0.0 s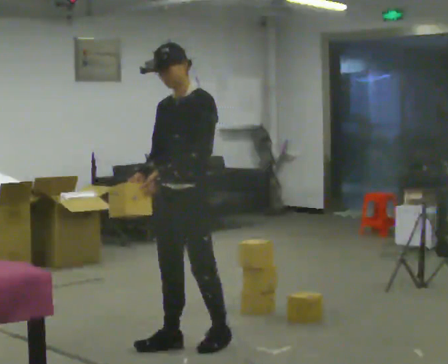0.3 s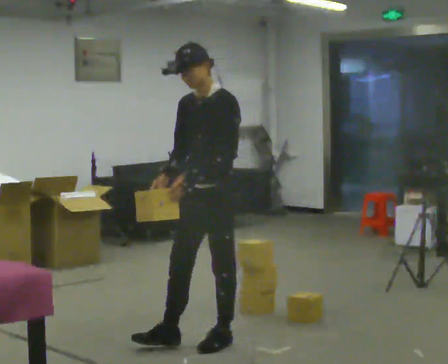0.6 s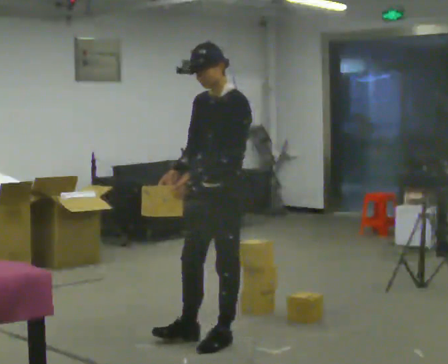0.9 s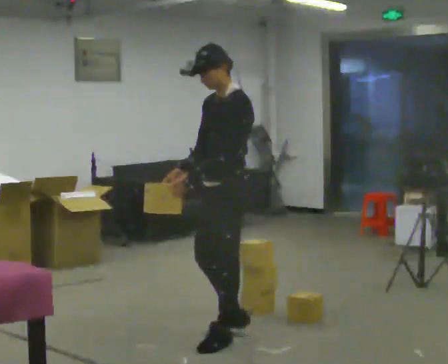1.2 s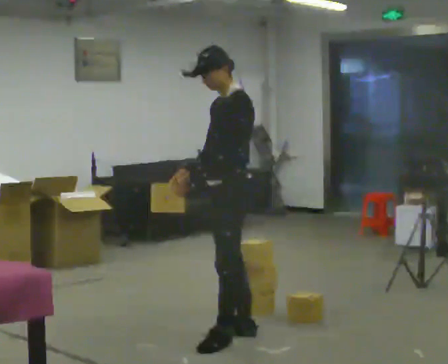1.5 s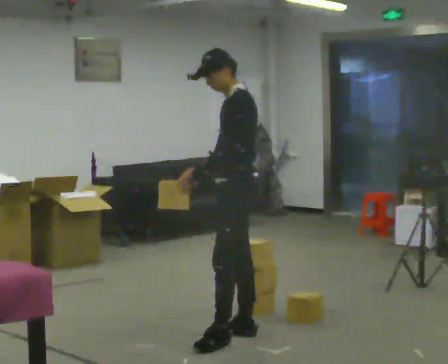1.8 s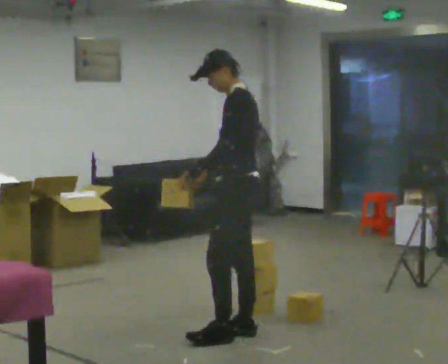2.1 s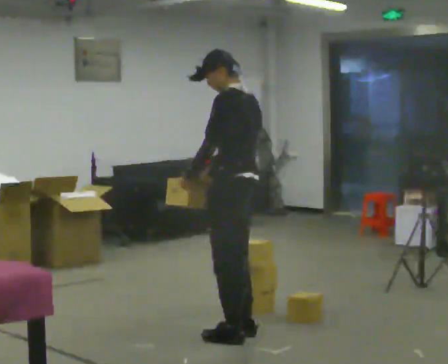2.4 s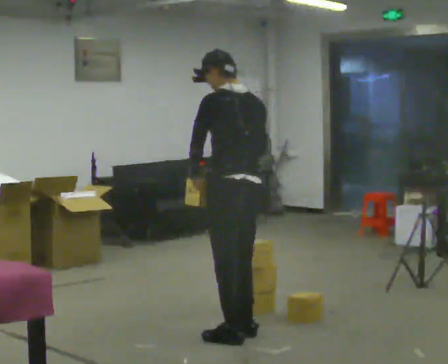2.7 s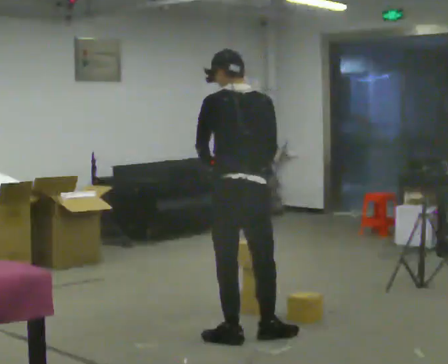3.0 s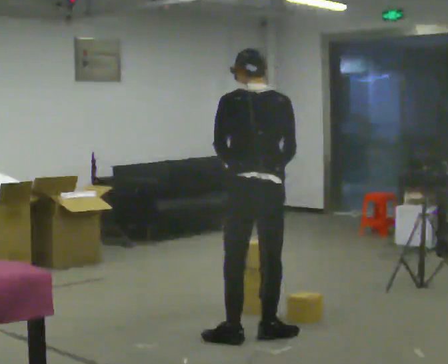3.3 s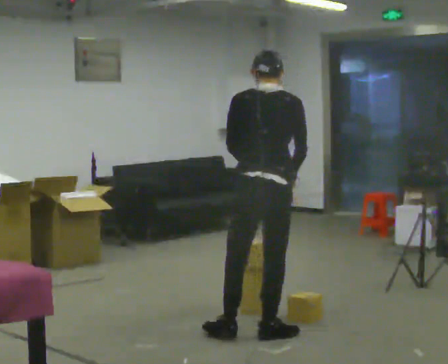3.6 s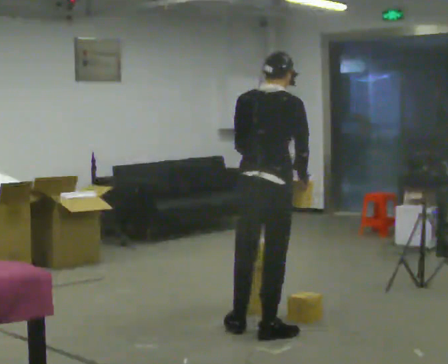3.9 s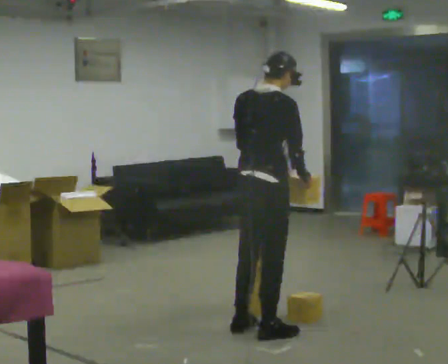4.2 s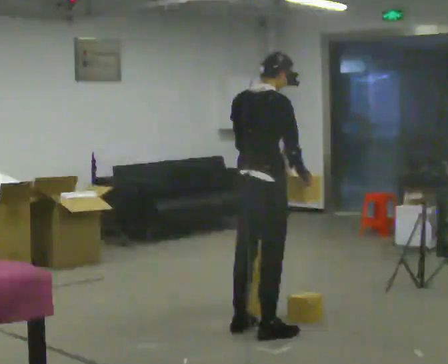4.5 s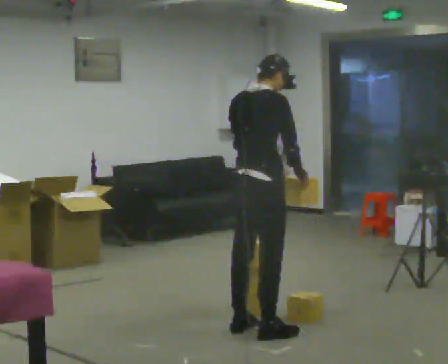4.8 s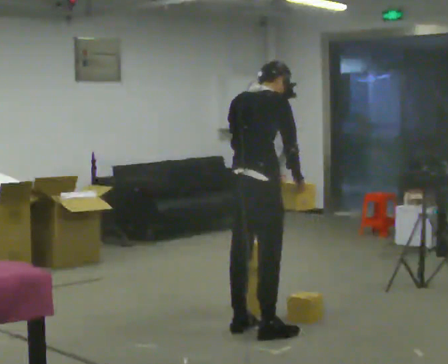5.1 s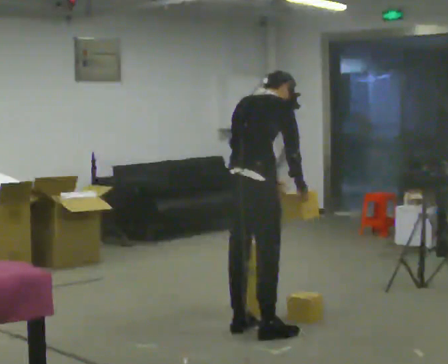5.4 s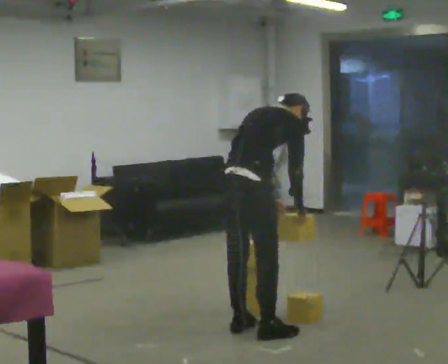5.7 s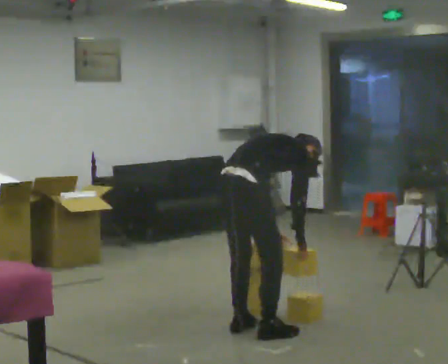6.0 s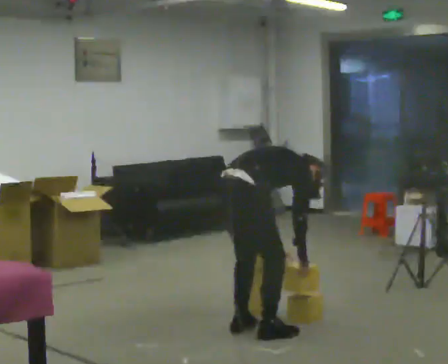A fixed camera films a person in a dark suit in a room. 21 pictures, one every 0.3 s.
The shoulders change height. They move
downward.
The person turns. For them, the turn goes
to their right.
0.0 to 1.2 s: Seen from above the body turns clockwise, about 30 degrees: to their right, with its near side sliding to the left. In the picture they go to the right and away from the camera, about 0.25 m in 1 step, which for them is backward.
1.2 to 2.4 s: The part of the body nearest the lens slides to the left as the person turns to their right by about 75 degrees.
2.4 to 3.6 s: The part of the body nearest the lens slides to the left as the person turns to their right by about 60 degrees. In the picture they go to the right, about 0.25 m in 1 step. In the picture their left hand goes to the right.
3.6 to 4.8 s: The person moves a little, or ends about where they began.
4.8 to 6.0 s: The shoulders move downward. In the picture the upper body tilts clockwise, shoulders to the right, as they bend forward. In the picture their left hand goes downward.
The film runs backward here.
